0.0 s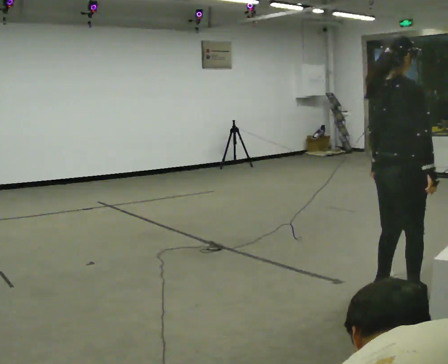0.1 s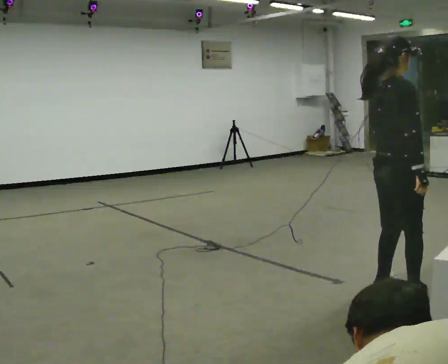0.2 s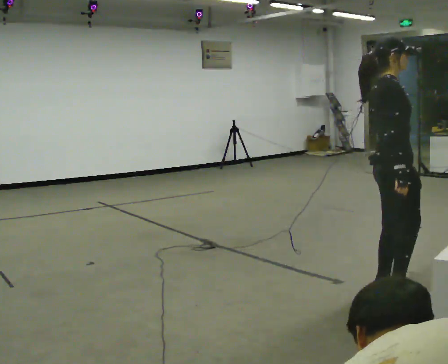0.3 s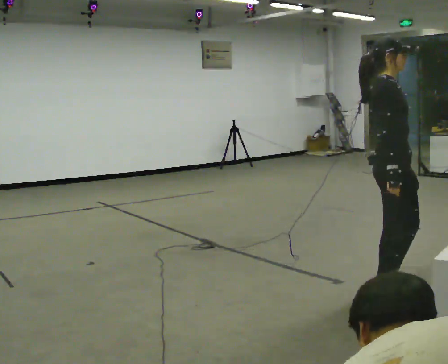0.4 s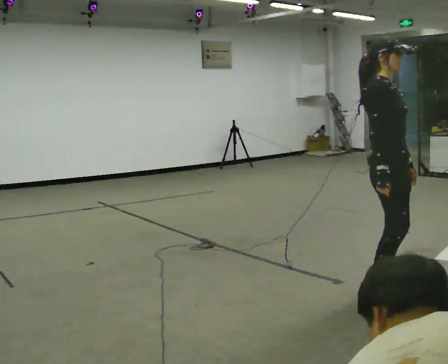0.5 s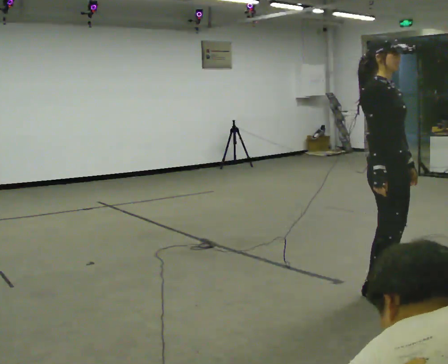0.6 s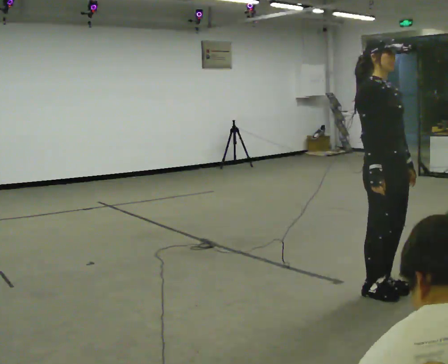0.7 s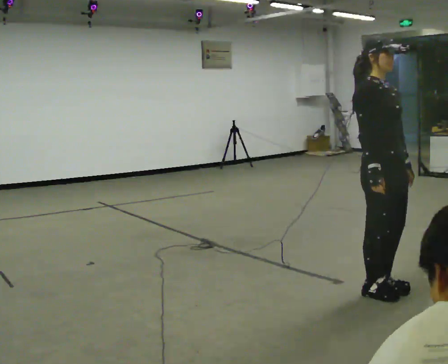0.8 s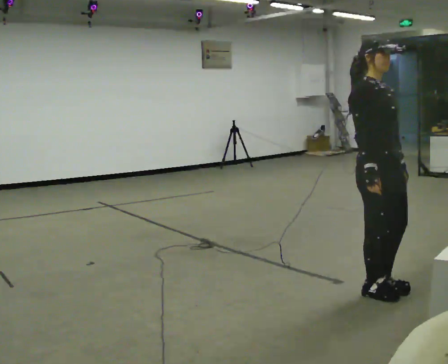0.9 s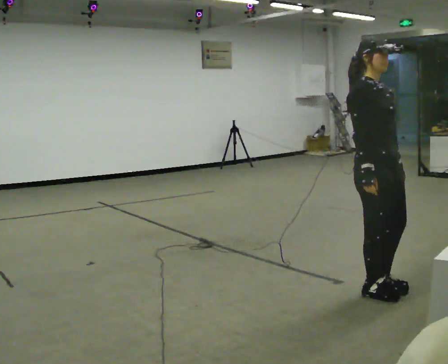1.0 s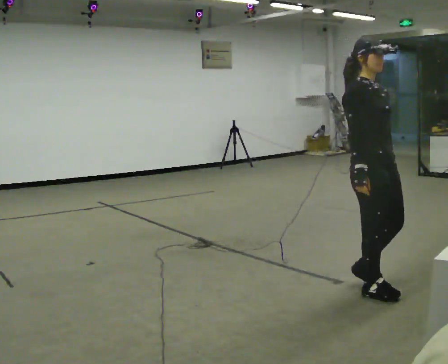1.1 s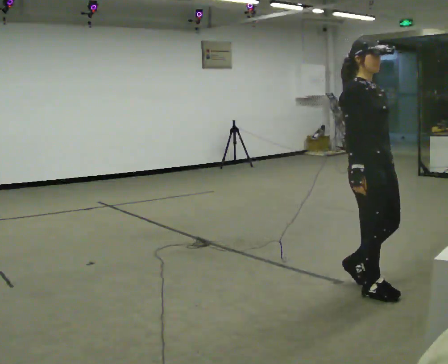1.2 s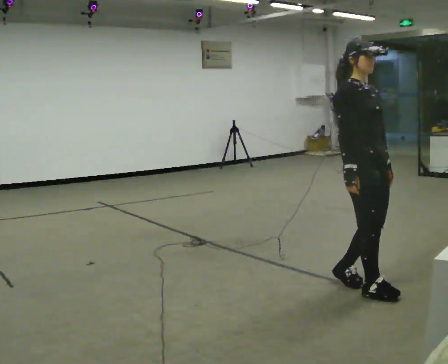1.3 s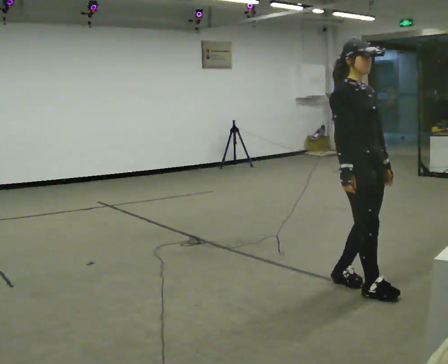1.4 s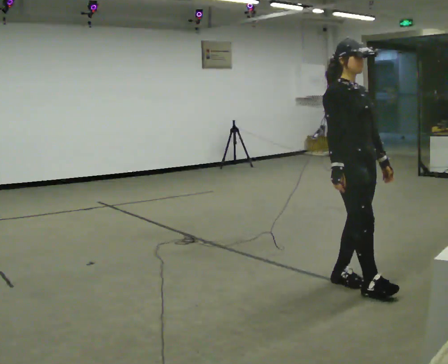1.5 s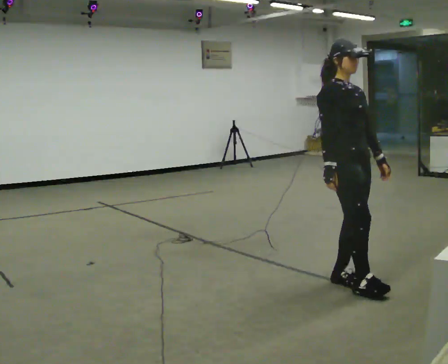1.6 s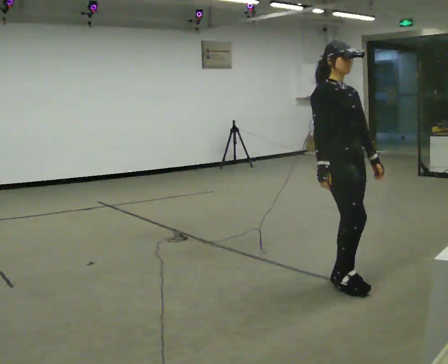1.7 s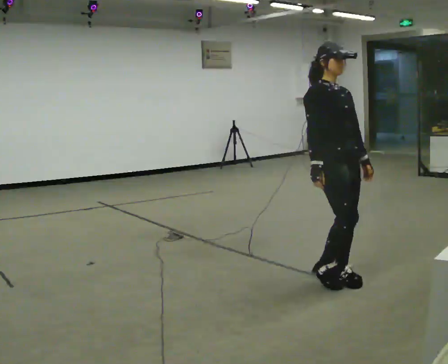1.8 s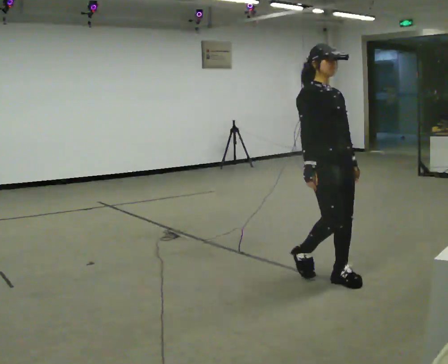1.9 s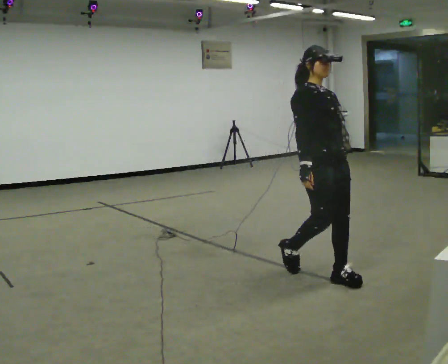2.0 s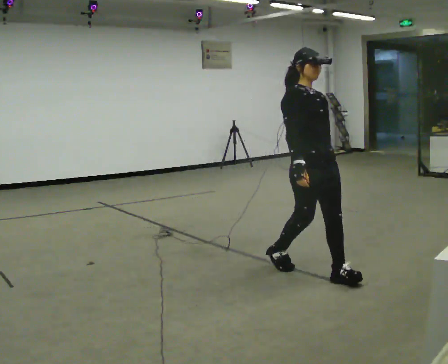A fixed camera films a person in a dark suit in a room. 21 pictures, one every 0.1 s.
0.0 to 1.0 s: Seen from above the body turns clockwise, about 75 degrees: to their right, with its near side sliding to the left. In the picture they go to the left, about 0.25 m in 2 steps.
1.0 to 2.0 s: In the picture they go to the left and away from the camera, about 0.5 m in 1 step, which for them is backward.
The film runs backward here.
